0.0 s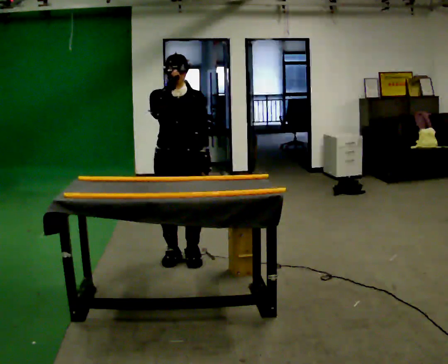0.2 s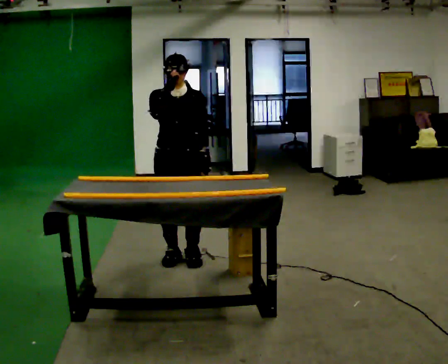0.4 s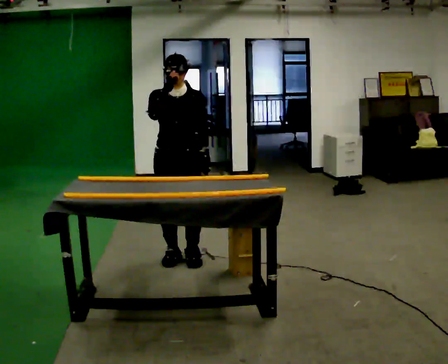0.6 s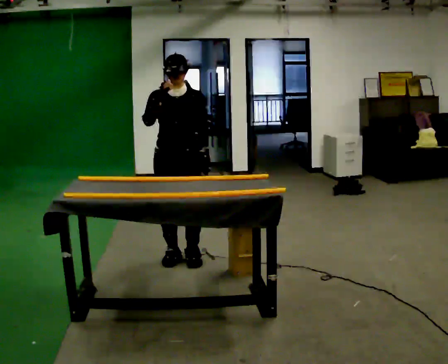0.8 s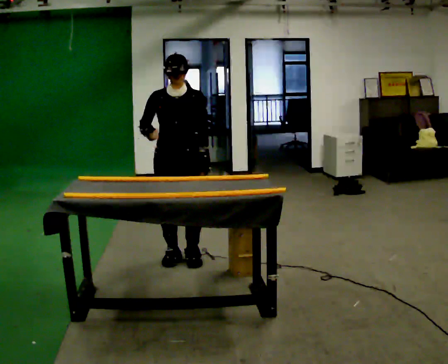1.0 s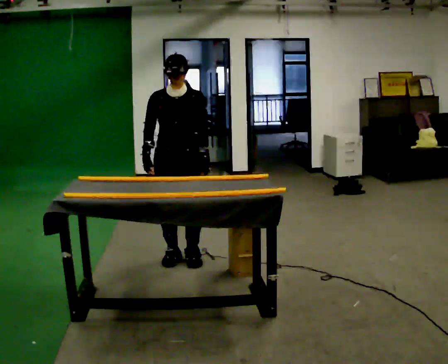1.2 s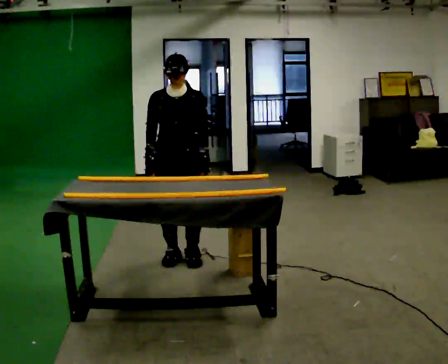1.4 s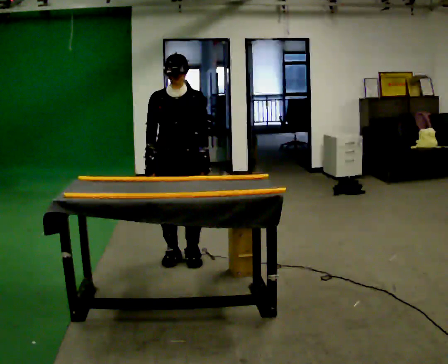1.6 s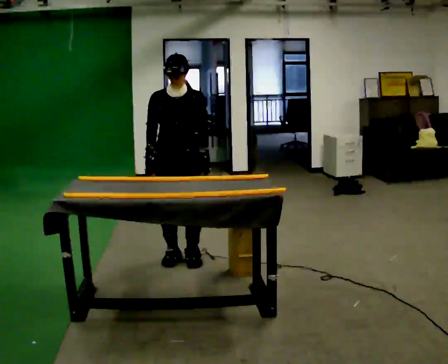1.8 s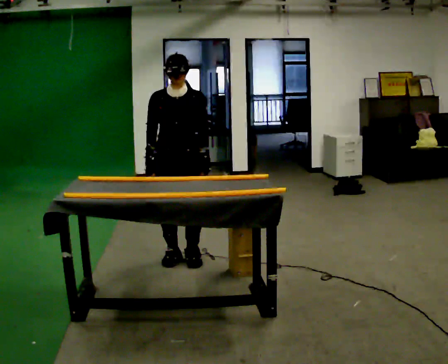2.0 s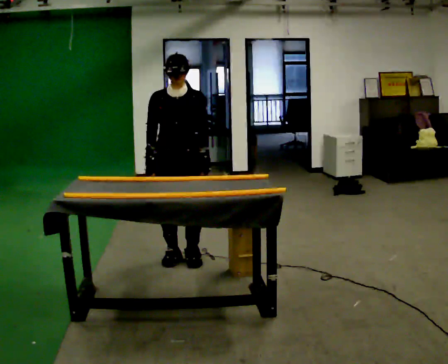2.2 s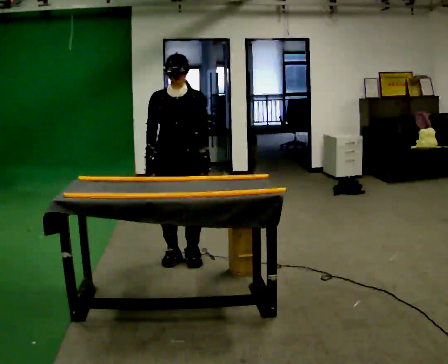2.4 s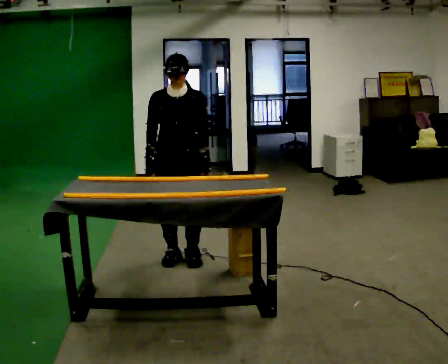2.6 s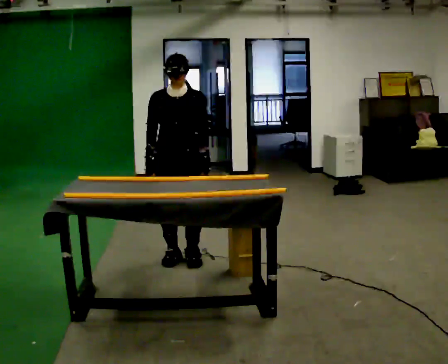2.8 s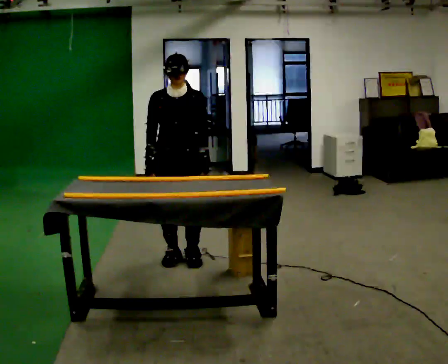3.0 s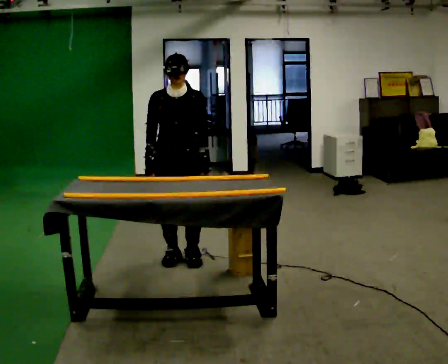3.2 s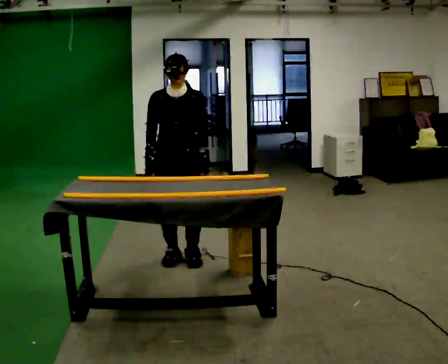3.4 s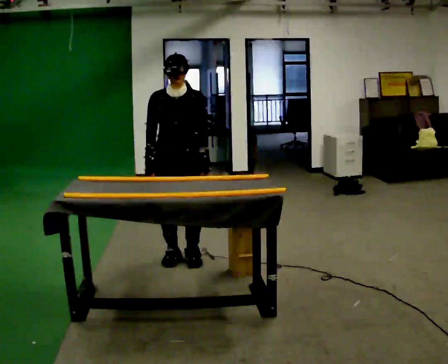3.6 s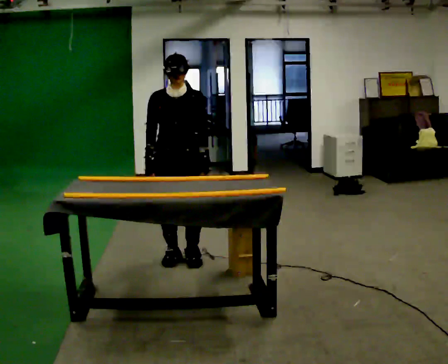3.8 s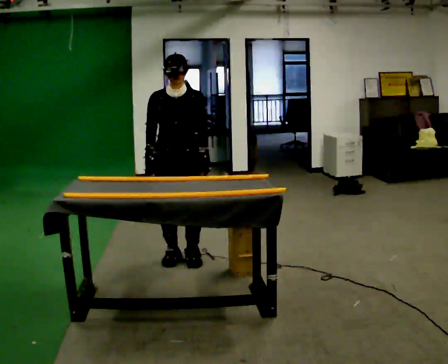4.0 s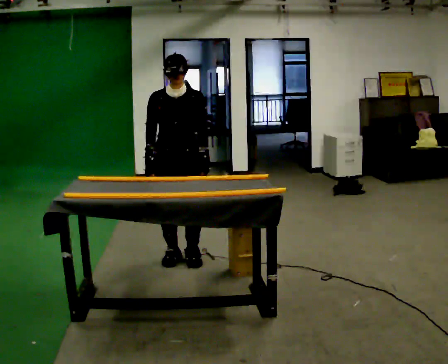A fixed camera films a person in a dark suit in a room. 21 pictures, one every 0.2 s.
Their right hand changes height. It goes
downward.
0.0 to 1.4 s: In the picture their right hand goes downward.
1.4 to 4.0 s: The person keeps their place and pose.
The film runs backward here.
